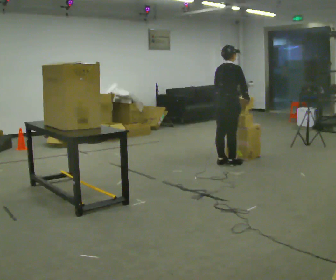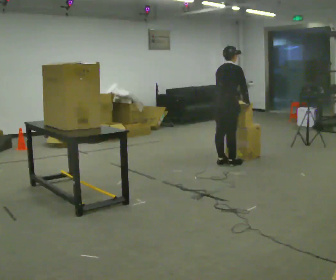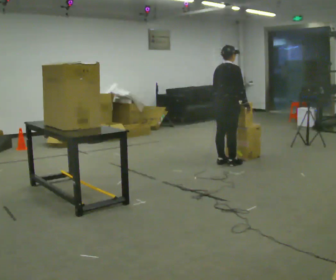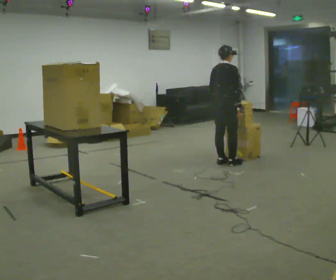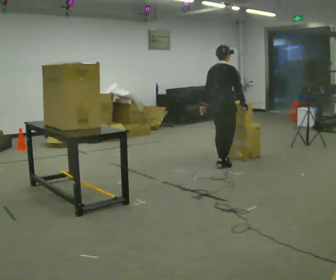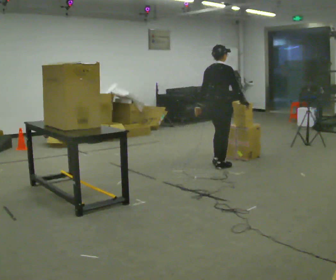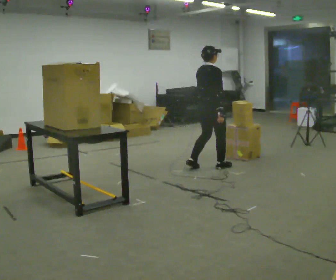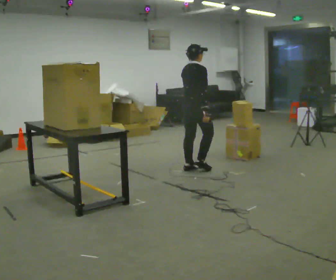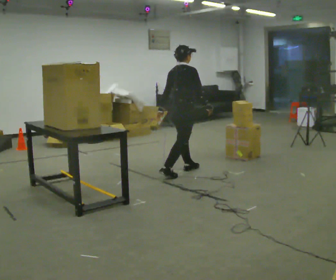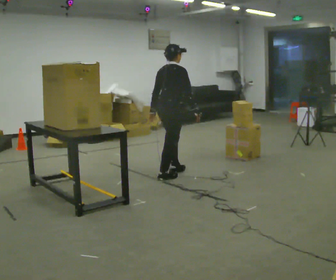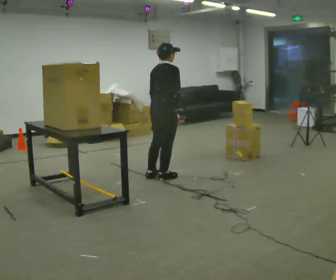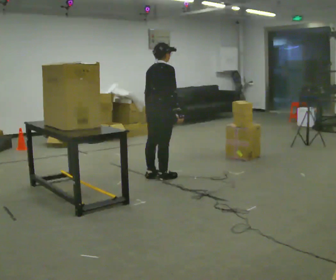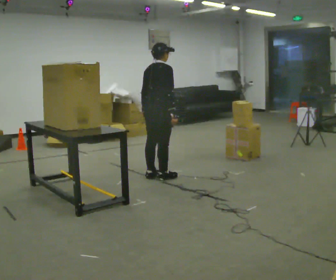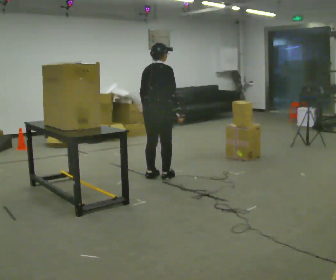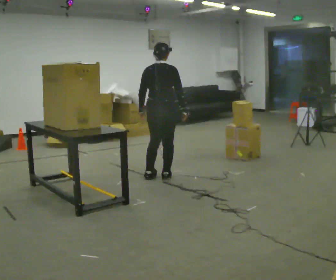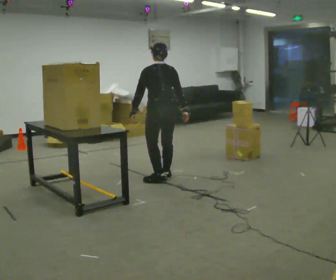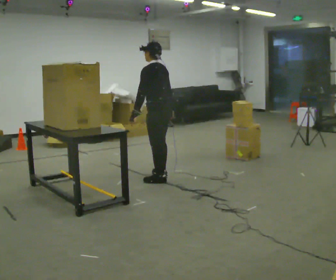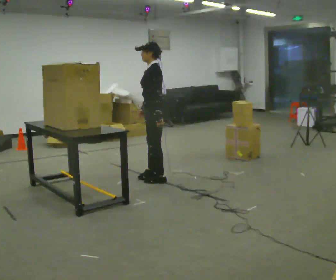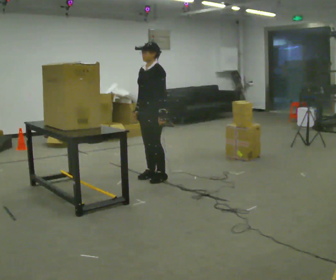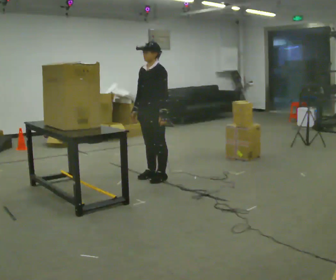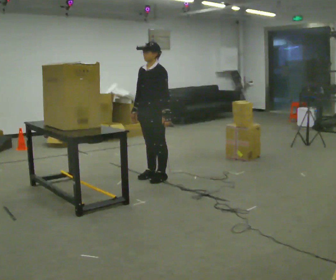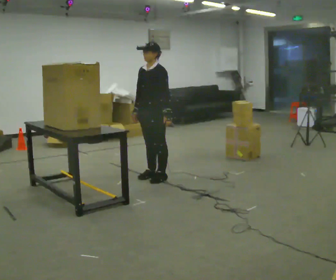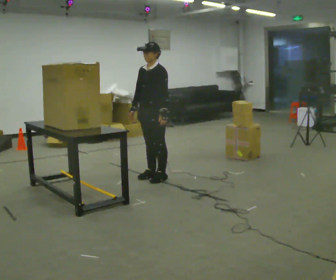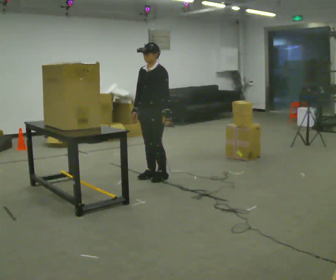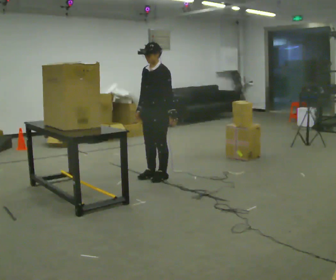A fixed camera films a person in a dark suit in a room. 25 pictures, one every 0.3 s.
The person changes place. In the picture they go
to the left.
The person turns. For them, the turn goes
to their left.
0.0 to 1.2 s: In the picture their left hand goes to the left.
1.2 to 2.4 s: In the picture they go to the left and toward the camera, about 0.75 m in 2 steps, which for them is backward.
2.4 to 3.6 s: In the picture they go to the left and toward the camera, about 0.25 m in 1 step, which for them is backward.
3.6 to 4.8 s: The person turns about 105 degrees to their left, counterclockwise seen from above, so the part of the body nearest the lens slides to the right.
4.8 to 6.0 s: Seen from above the body turns counterclockwise, about 75 degrees: to their left, with its near side sliding to the right. In the picture their right hand goes to the left.
6.0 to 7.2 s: The person moves a little, or ends about where they began.
The film runs backward here.
